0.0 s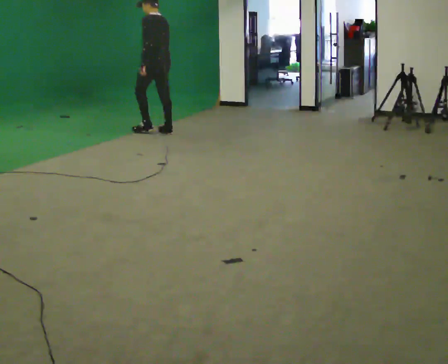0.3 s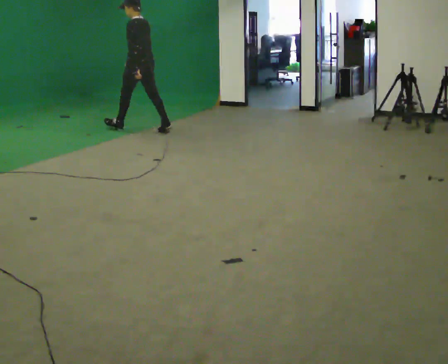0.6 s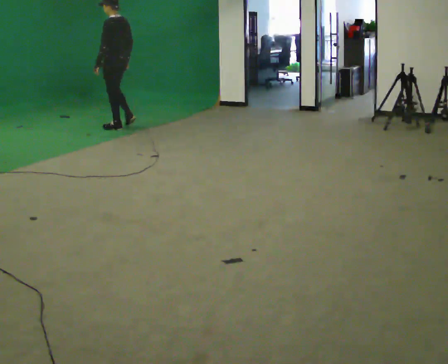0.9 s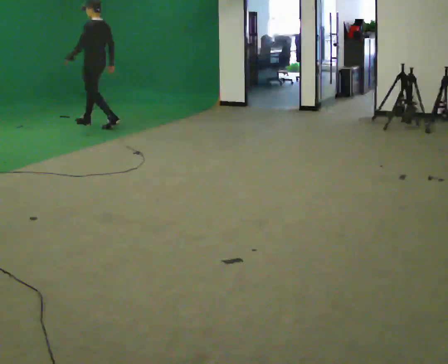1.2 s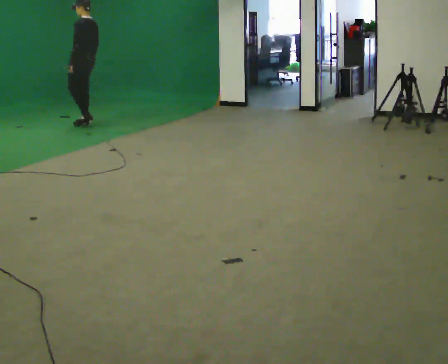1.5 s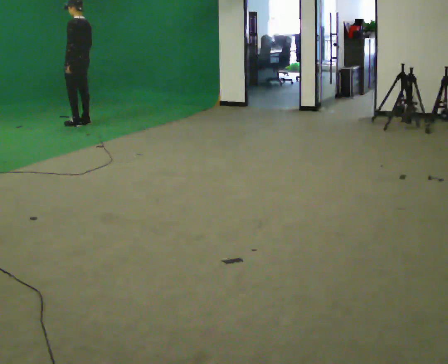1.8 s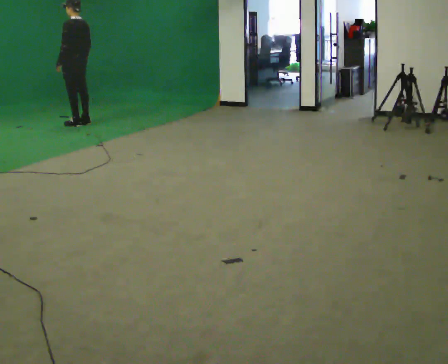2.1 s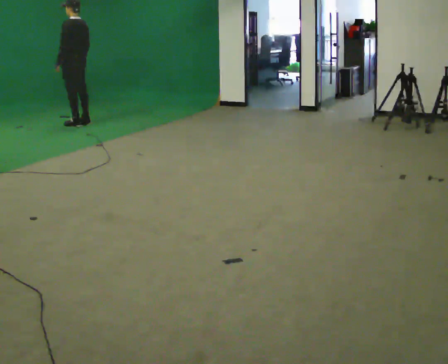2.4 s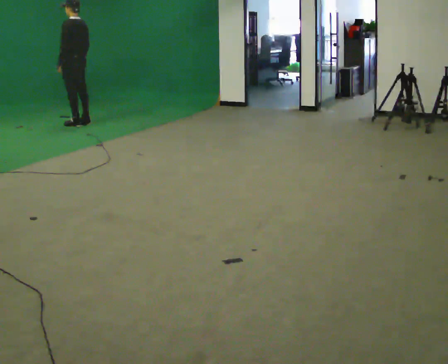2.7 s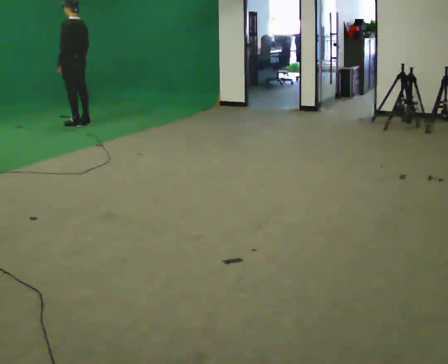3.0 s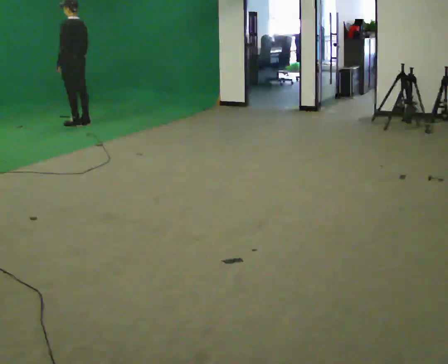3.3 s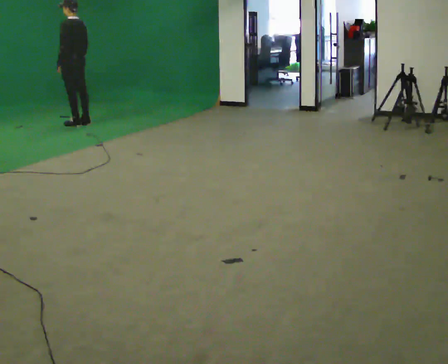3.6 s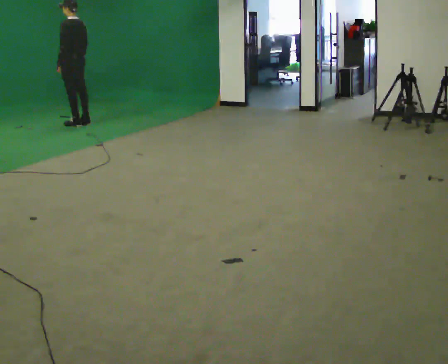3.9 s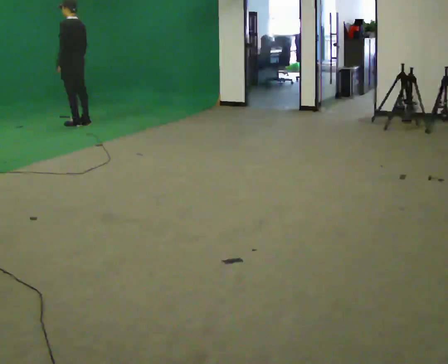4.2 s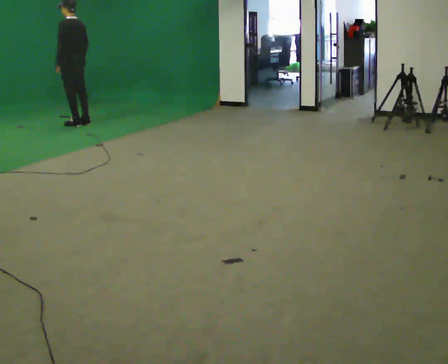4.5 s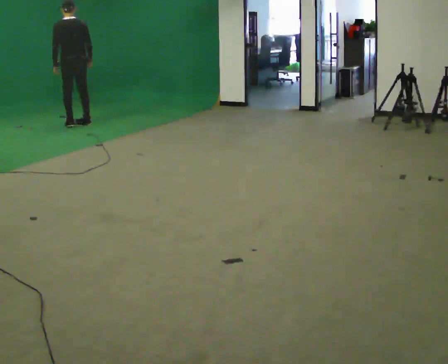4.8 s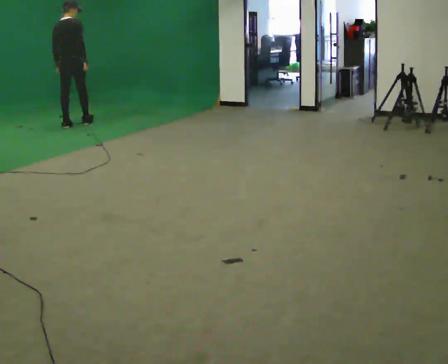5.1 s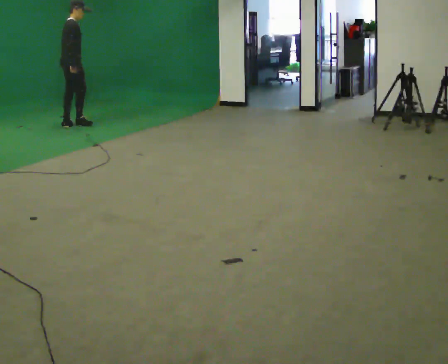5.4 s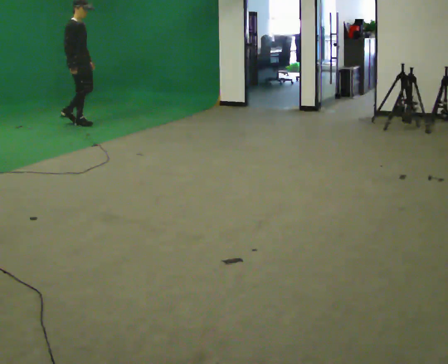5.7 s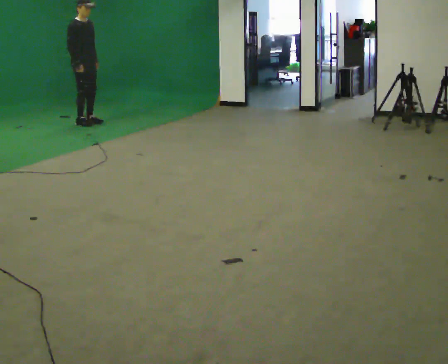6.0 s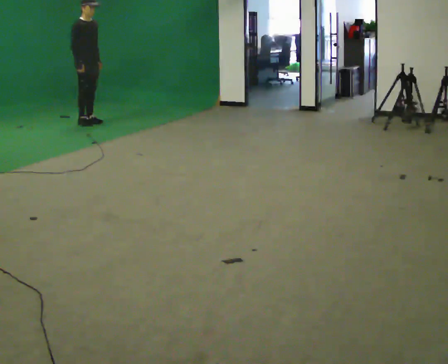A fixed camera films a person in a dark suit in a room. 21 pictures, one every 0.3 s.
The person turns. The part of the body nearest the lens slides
to the left.
The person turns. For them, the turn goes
to their right.
0.0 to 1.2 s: In the picture they go to the left and away from the camera, about 1 m in 2 steps, which for them is forward.
1.2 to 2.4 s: The person moves a little, or ends about where they began.
2.4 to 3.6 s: The person keeps their place and pose.
3.6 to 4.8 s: The person turns about 90 degrees to their right, clockwise seen from above, so the part of the body nearest the lens slides to the left. The upper body tips away from the camera, its near side rolling upward.
4.8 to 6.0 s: Seen from above the body turns clockwise, about 105 degrees: to their right, with its near side sliding to the left. In the picture they go to the right, about 0.25 m in 2 steps.
The film runs forward here.
